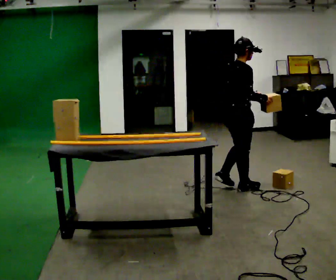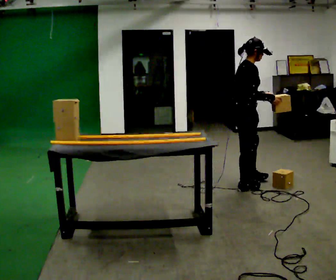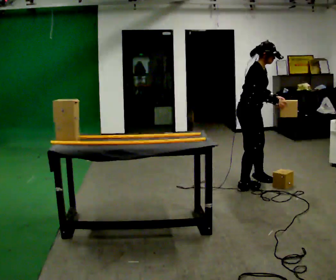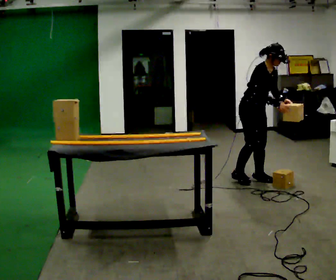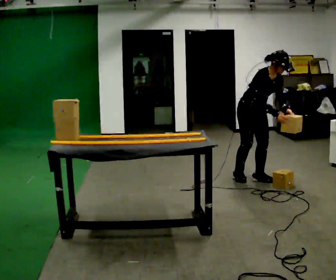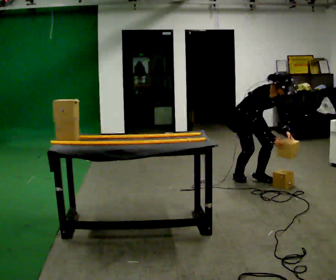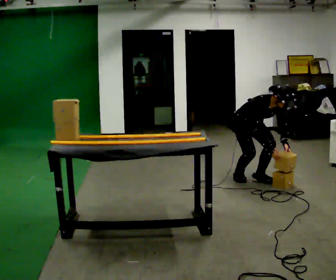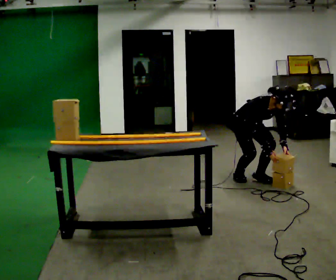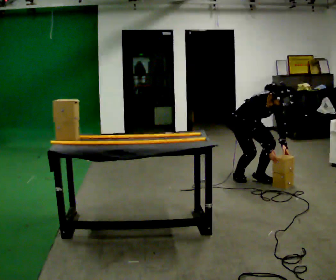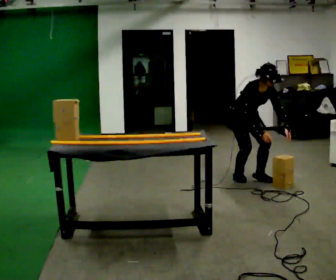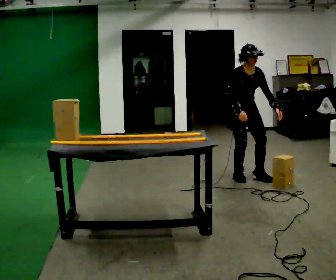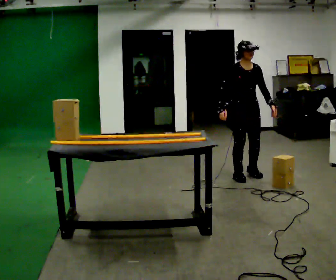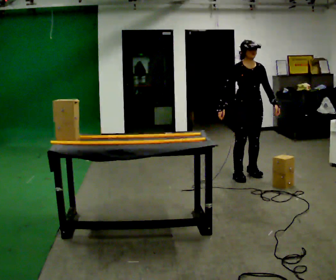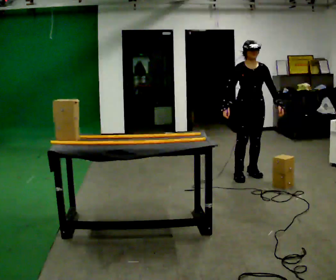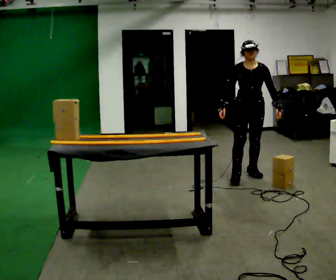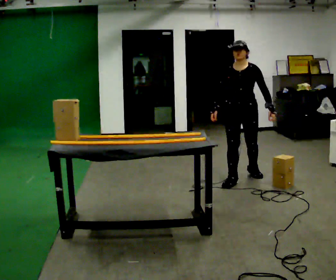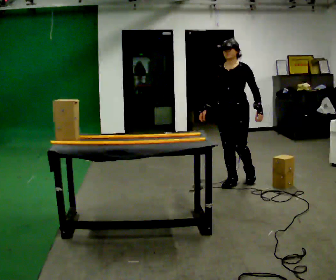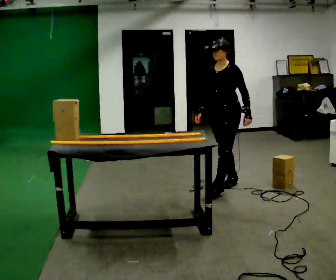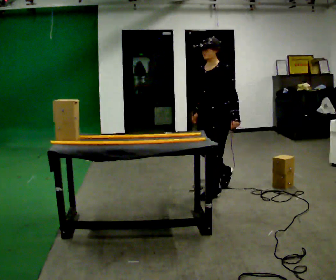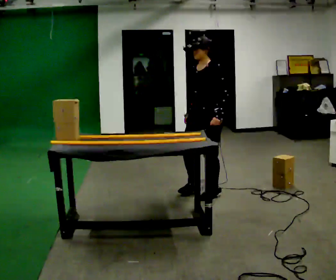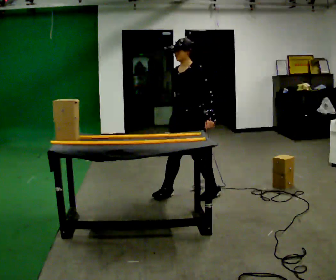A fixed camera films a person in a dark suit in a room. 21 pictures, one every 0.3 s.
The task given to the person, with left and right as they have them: Slide the object into the slot on the shelf in front of you. It is a close fit, so take the time you need. Repeat at your own pace until the operator says stop. Keep both feet on the marked spots for the whole take. If you have to step, stop and tell the operator.
0.0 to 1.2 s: The person turns about 75 degrees to their right, clockwise seen from above, so the part of the body nearest the lens slides to the left. In the picture they go away from the camera, about 0.5 m in 2 steps. In the picture the upper body tilts clockwise, shoulders to the right, as they bend forward.
1.2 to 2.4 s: The upper body goes downward. In the picture their right hand goes downward.
2.4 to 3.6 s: The upper body goes upward. In the picture the upper body tilts counterclockwise, shoulders to the left, as they lean back or straighten. In the picture their right hand goes to the left and upward.
3.6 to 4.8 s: The person turns about 45 degrees to their right, clockwise seen from above, so the part of the body nearest the lens slides to the left. In the picture they go toward the camera and to the left, about 0.25 m in 1 step, which for them is forward and to their right.
4.8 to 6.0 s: In the picture they go toward the camera and to the left, about 0.5 m in 2 steps, which for them is forward.
The film runs forward here.
